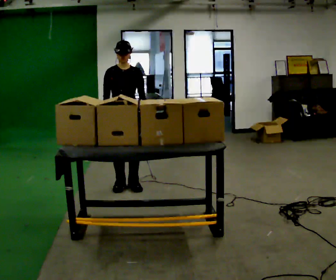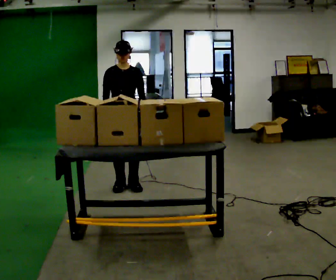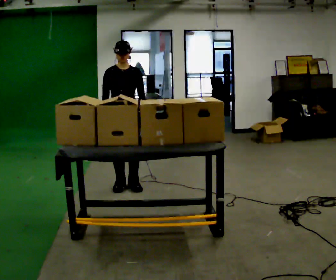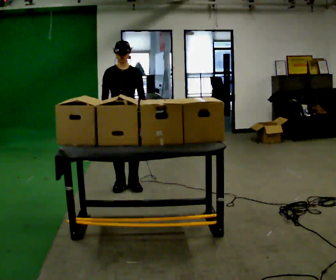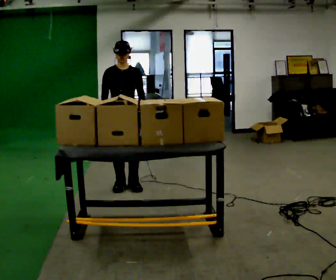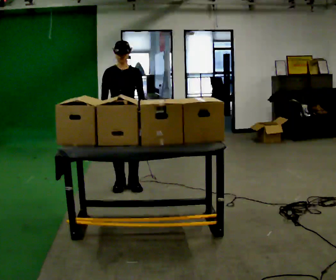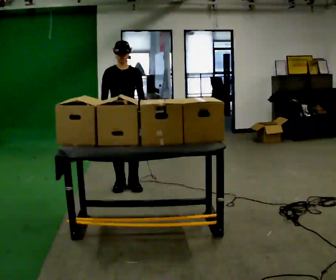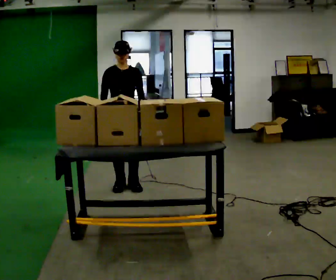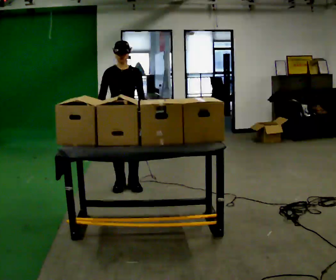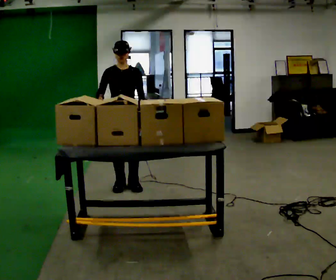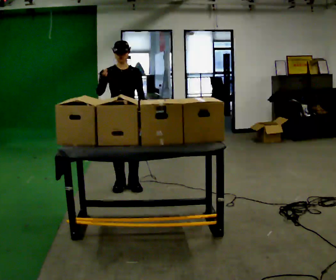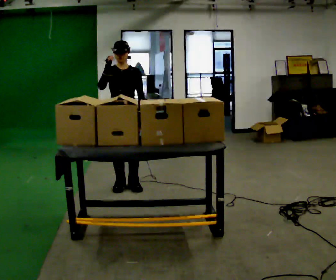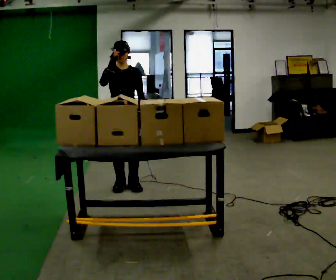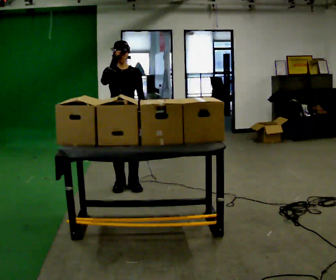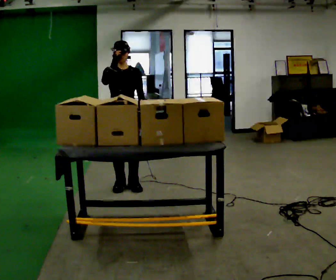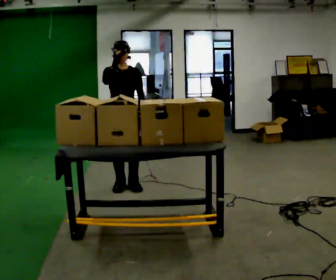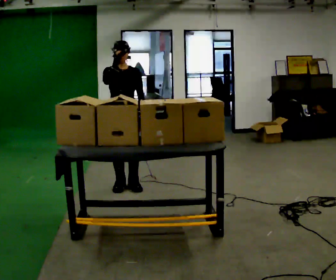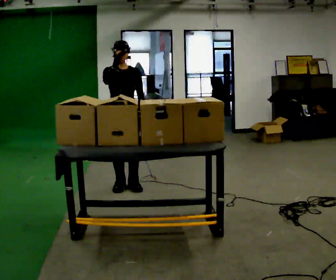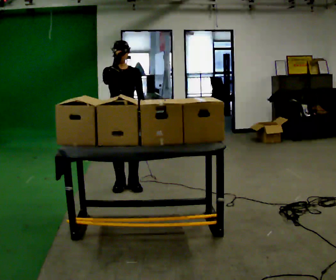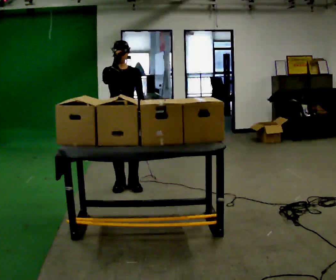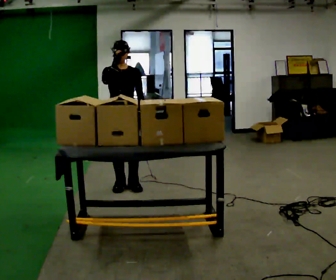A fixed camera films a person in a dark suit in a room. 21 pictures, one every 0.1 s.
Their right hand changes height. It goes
upward.
0.0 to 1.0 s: In the picture their right hand goes upward.
1.0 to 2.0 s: The person moves a little, or ends about where they began.
The film runs forward here.
